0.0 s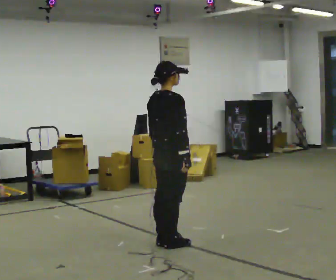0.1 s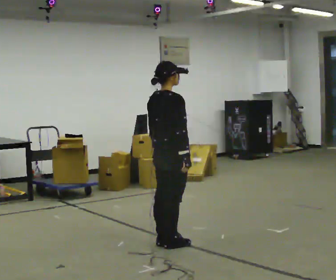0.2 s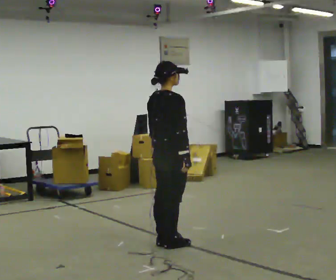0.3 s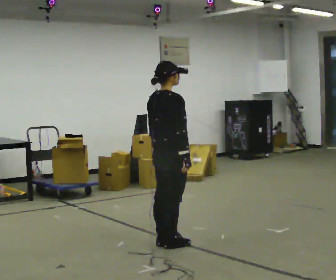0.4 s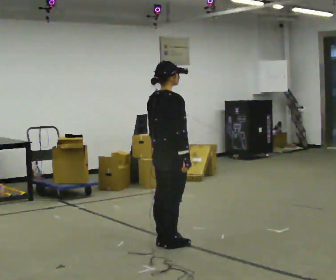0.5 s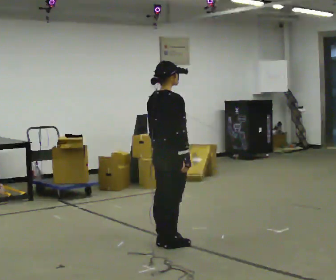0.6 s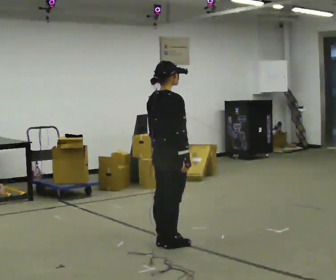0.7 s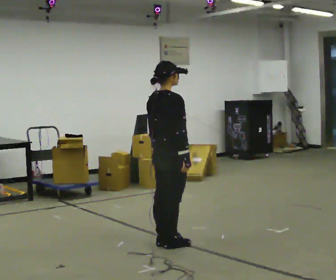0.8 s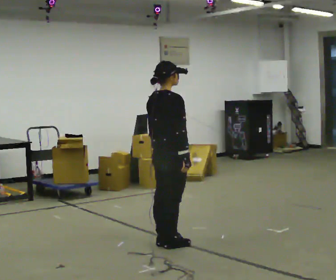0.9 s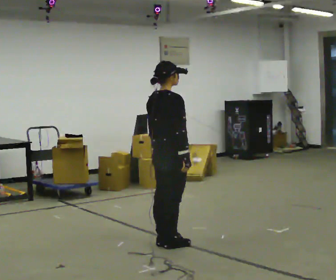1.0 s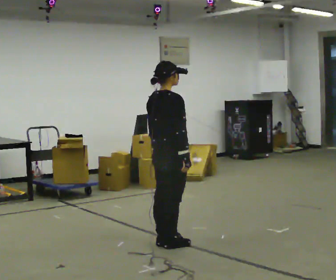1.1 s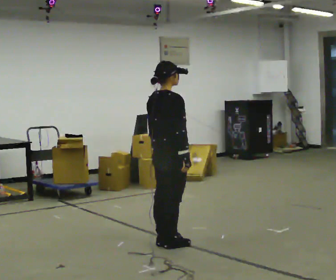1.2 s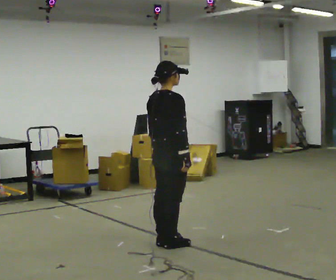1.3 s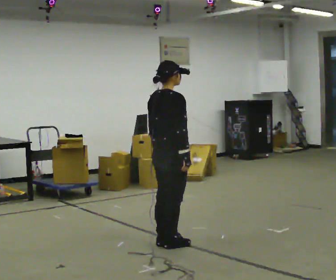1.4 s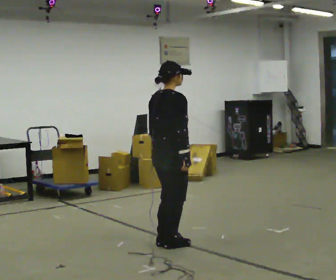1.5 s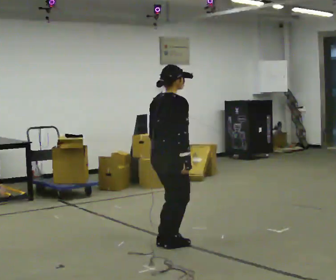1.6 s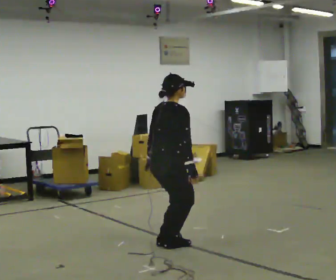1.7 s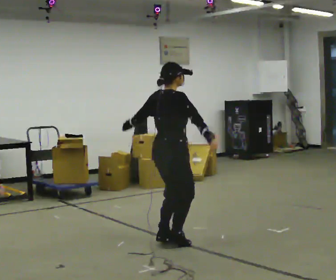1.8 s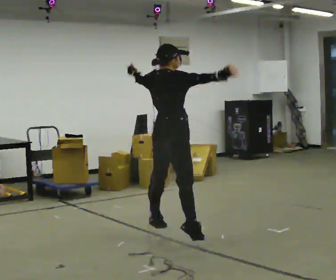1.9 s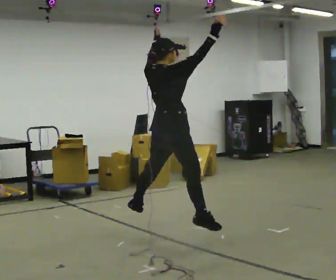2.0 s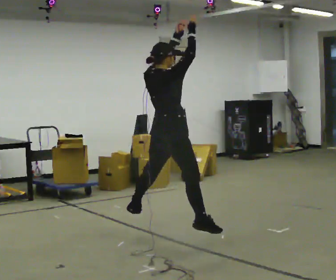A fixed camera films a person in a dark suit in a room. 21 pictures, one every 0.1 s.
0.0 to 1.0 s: The person keeps their place and pose.
1.0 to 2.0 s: In the picture their right hand goes upward, the arm swinging counterclockwise.
The film runs forward here.
